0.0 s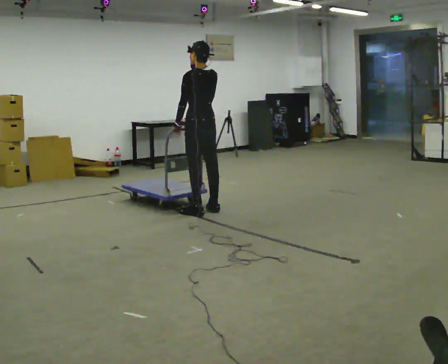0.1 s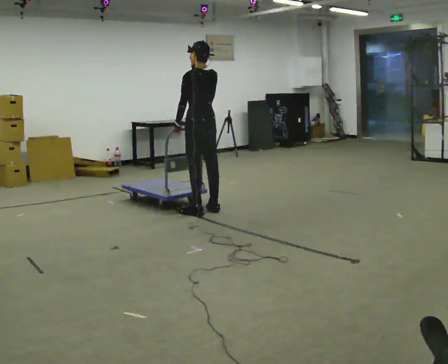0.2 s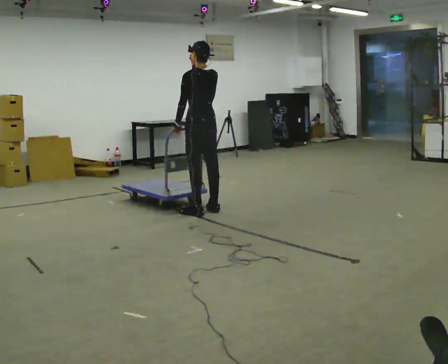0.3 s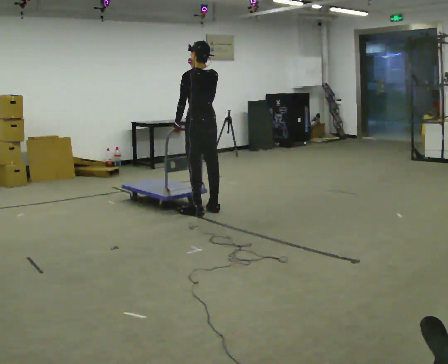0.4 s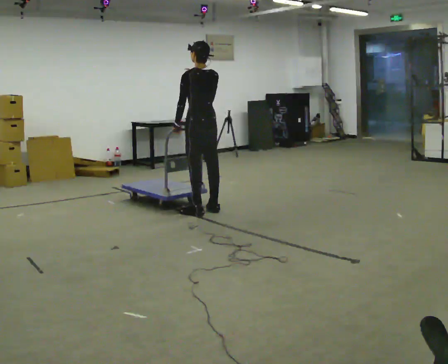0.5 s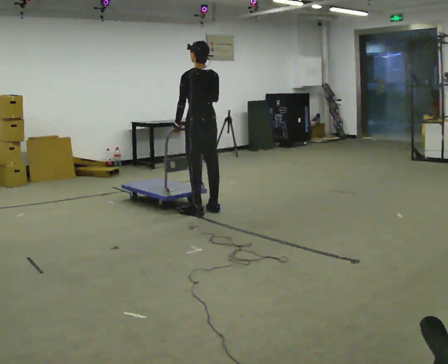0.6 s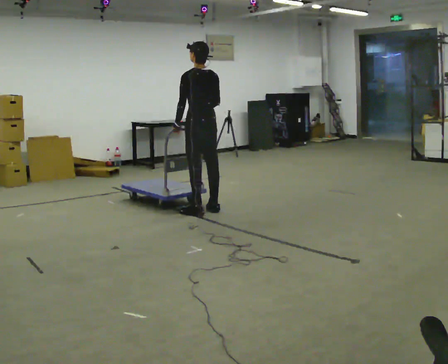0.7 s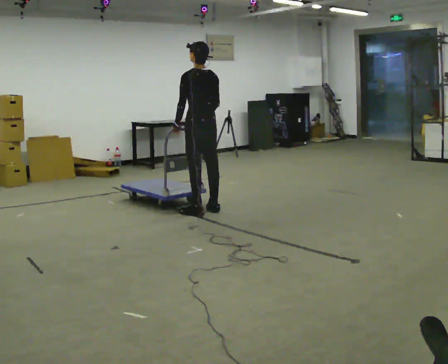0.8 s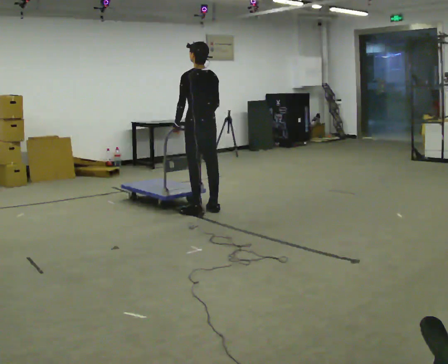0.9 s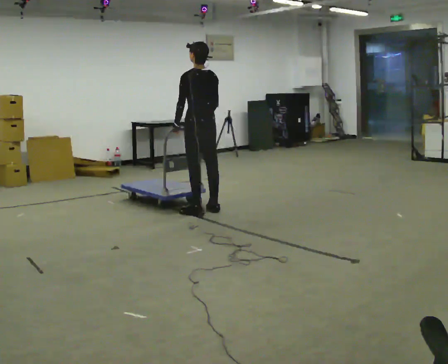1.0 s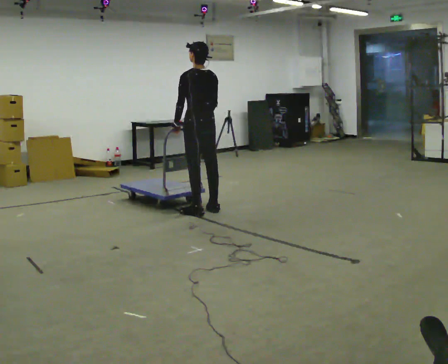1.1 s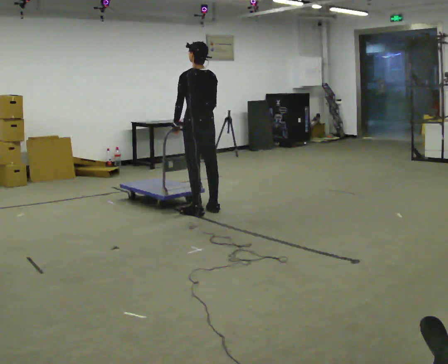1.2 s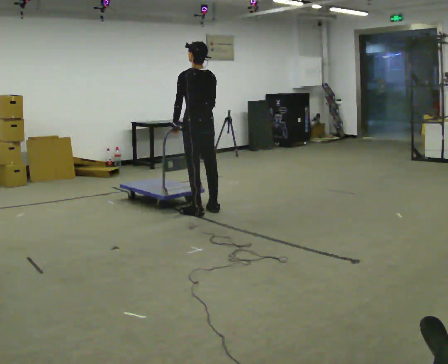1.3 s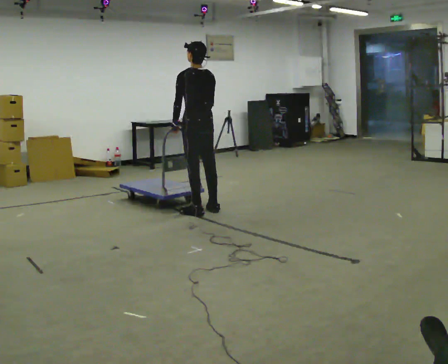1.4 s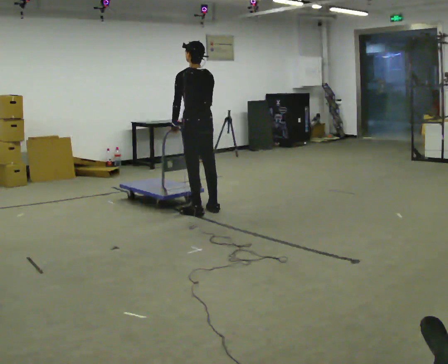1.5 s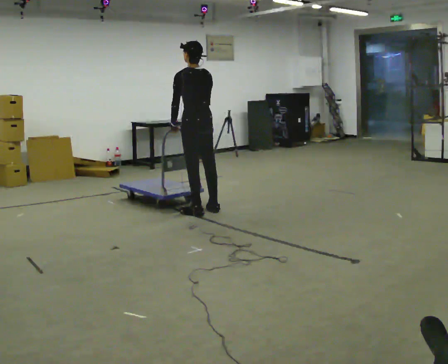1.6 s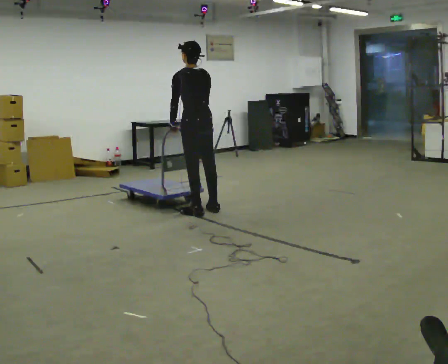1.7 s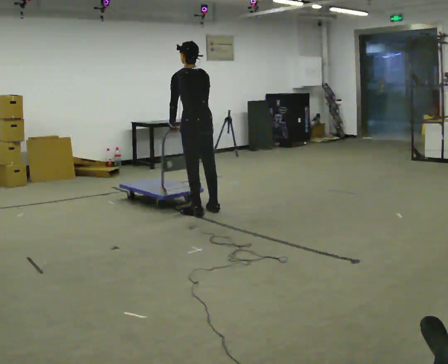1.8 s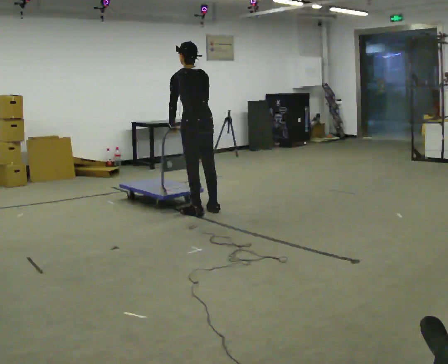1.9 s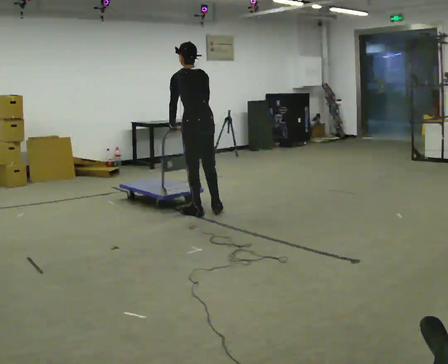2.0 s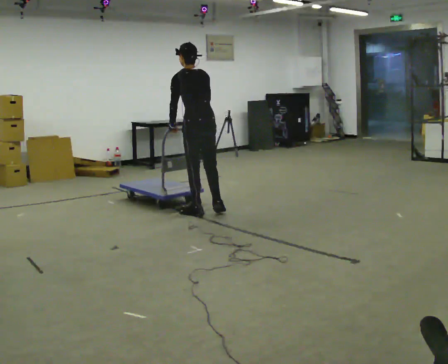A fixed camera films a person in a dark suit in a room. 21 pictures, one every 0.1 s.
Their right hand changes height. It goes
downward.
0.0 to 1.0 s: In the picture their right hand goes downward.
1.0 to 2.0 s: In the picture they go toward the camera, about 0.25 m in 1 step, which for them is backward.
The film runs backward here.
